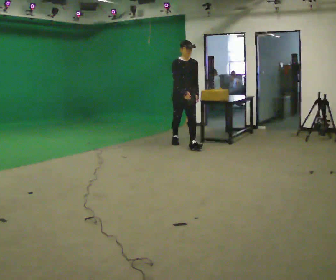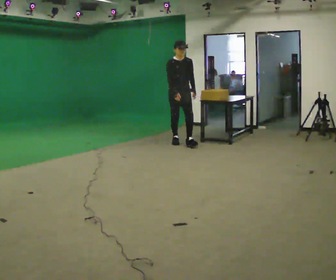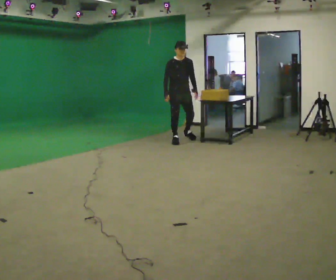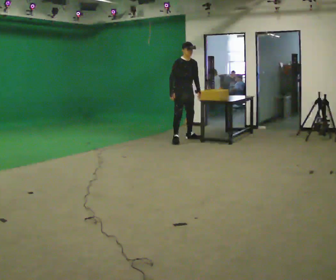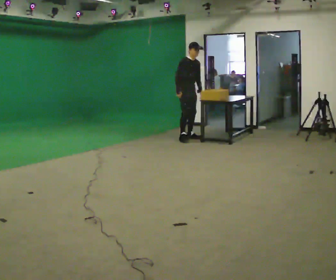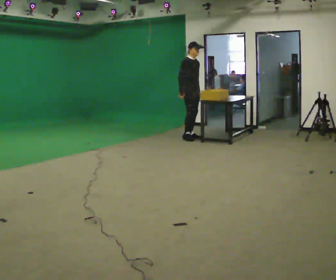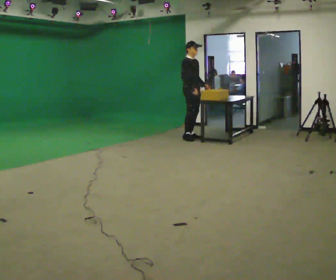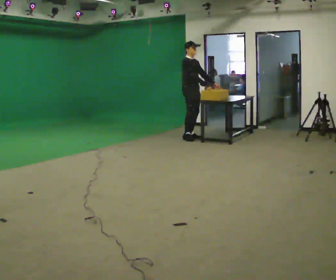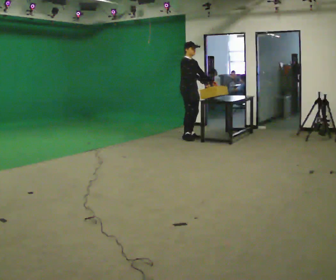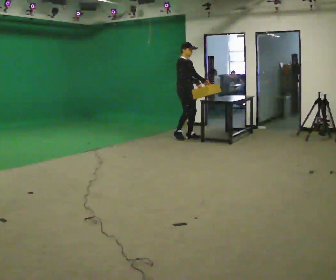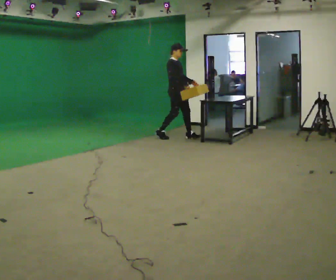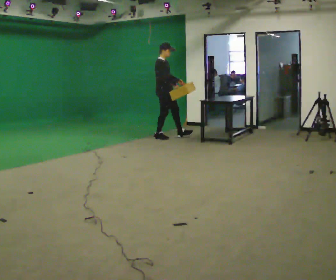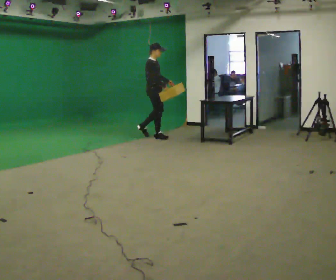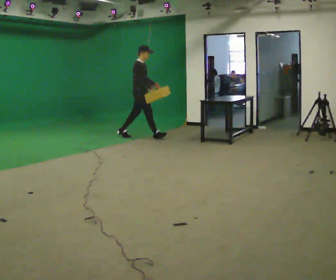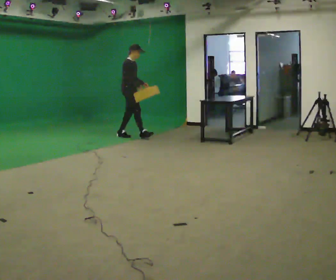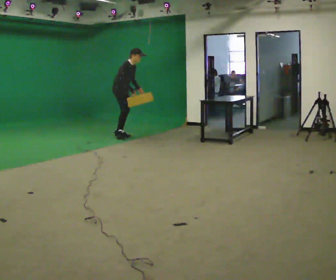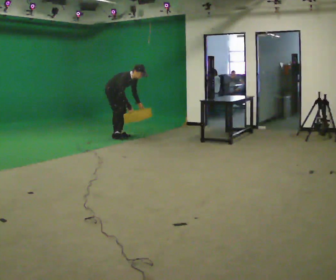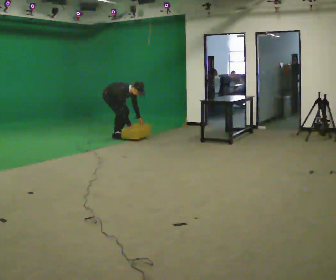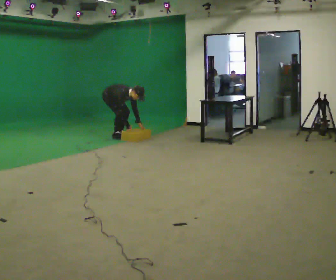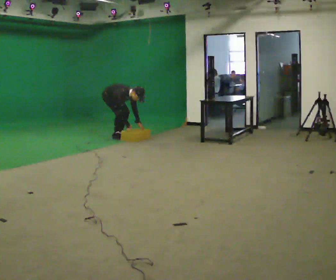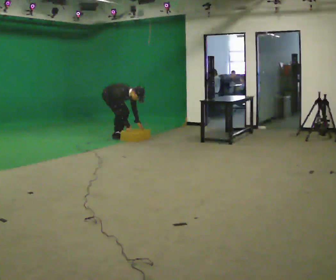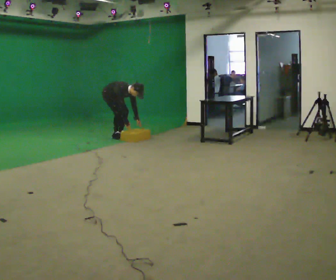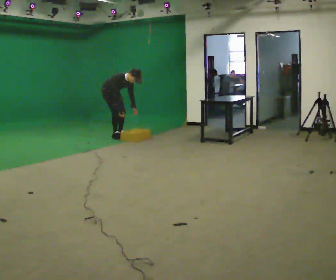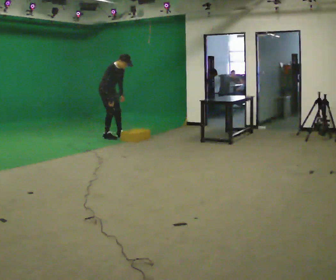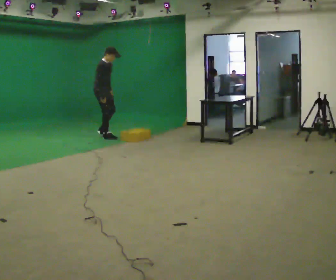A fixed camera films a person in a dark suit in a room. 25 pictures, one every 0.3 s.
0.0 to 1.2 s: Seen from above the body turns counterclockwise, about 30 degrees: to their left, with its near side sliding to the right. In the picture they go away from the camera, about 0.75 m in 2 steps, which for them is backward.
1.2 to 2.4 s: In the picture their right hand goes to the right, the arm swinging counterclockwise.
2.4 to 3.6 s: Seen from above the body turns counterclockwise, about 30 degrees: to their left, with its near side sliding to the right. In the picture they go to the left, about 0.5 m in 2 steps, which for them is backward.
3.6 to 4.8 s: In the picture they go to the left, about 1 m in 1 step, which for them is backward. The shoulders move downward. In the picture the upper body tilts clockwise, shoulders to the right, as they bend forward. In the picture their right hand goes downward.
4.8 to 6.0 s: The shoulders move downward. The upper body tips toward the camera, its near side rolling downward, as they bend forward. In the picture their left hand goes downward.
6.0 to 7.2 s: In the picture they go to the left, about 0.25 m in 2 steps, which for them is to their right. The upper body goes upward. In the picture the upper body tilts counterclockwise, shoulders to the left, as they lean back or straighten. In the picture their left hand goes upward and to the left.
The film runs backward here.
